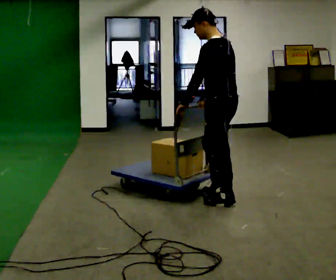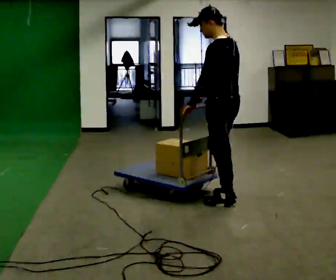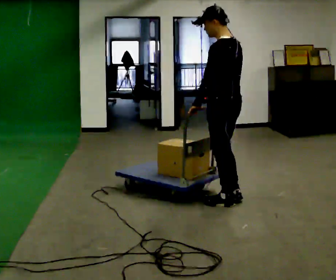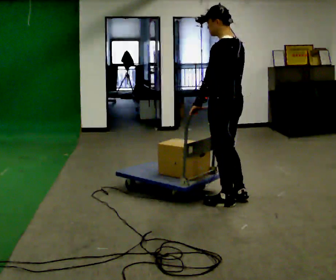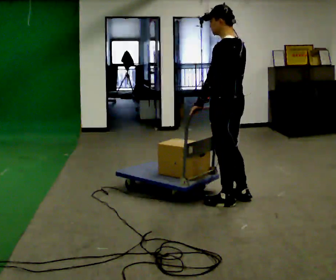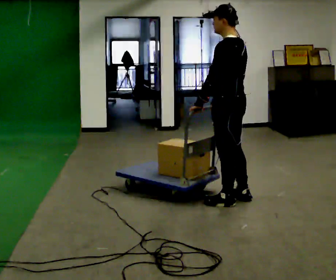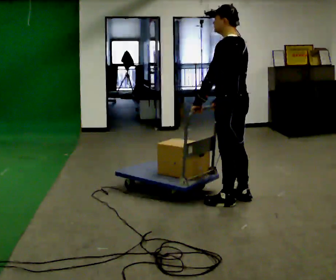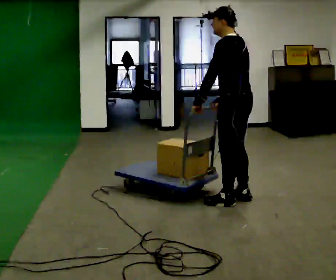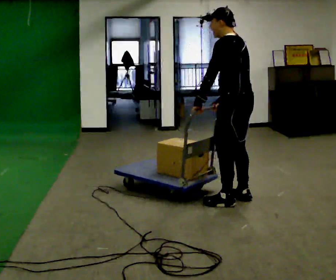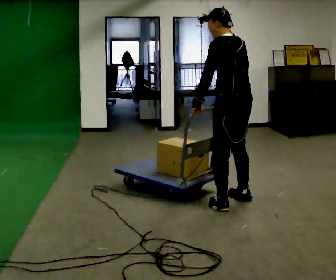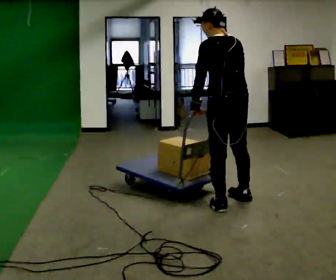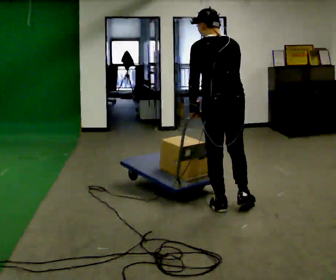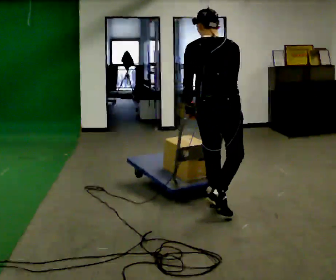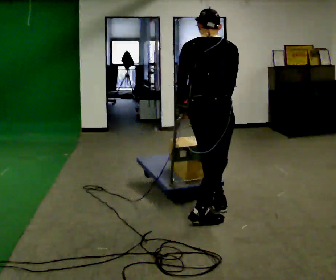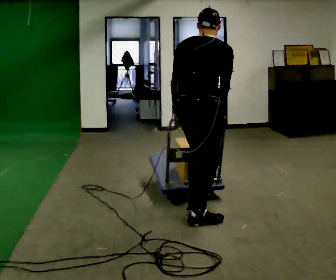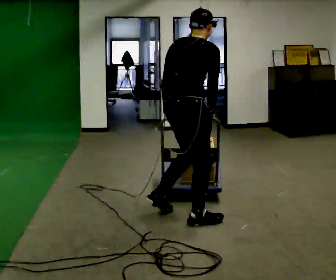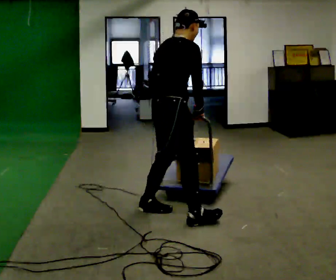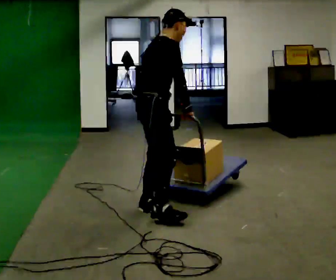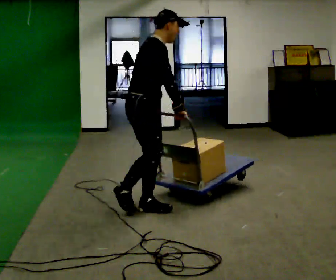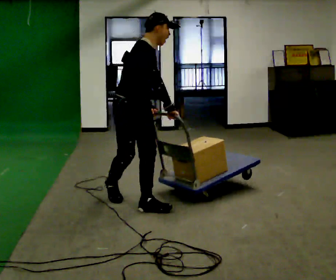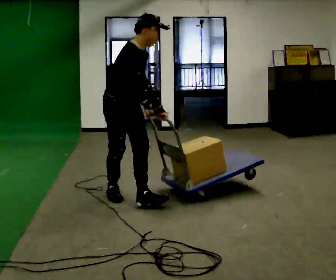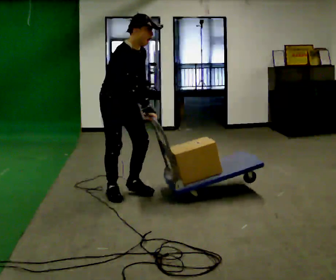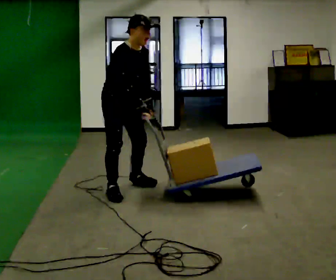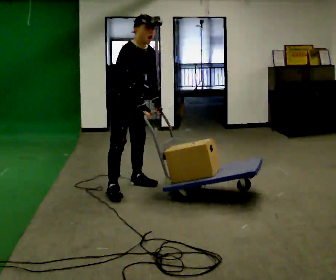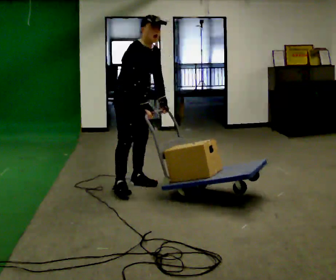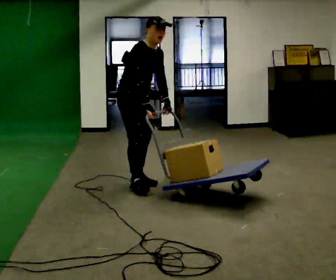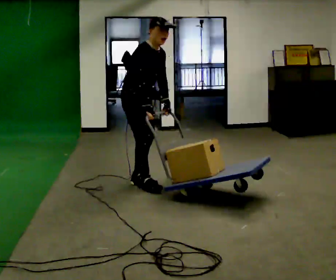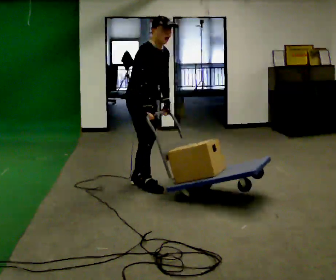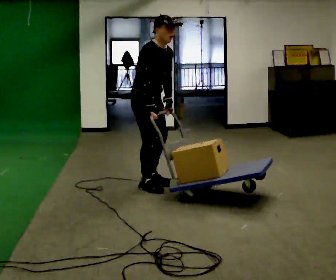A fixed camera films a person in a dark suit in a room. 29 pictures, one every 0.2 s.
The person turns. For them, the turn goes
to their right.
The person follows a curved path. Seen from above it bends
clockwise.
0.0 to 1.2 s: The person moves a little, or ends about where they began.
1.2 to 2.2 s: Seen from above the body turns clockwise, about 45 degrees: to their right, with its near side sliding to the left. In the picture they go toward the camera, about 0.25 m in 2 steps, which for them is to their left.
2.2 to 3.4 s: Seen from above the body turns clockwise, about 90 degrees: to their right, with its near side sliding to the left. In the picture they go to the left, about 0.5 m in 2 steps. In the picture the upper body tilts clockwise, shoulders to the right.
3.4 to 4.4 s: Seen from above the body turns clockwise, about 45 degrees: to their right, with its near side sliding to the left. In the picture they go away from the camera and to the left, about 0.75 m in 1 step, which for them is backward. The upper body tips toward the camera, its near side rolling downward.
4.4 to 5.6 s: In the picture they go away from the camera and to the right, about 0.25 m in 2 steps, which for them is to their left.
The film runs backward here.
